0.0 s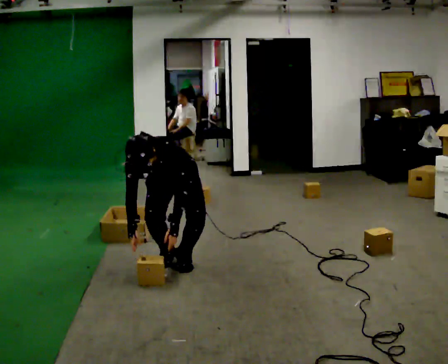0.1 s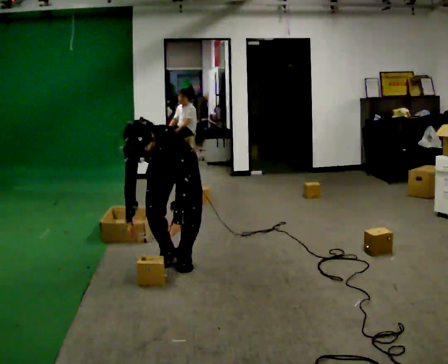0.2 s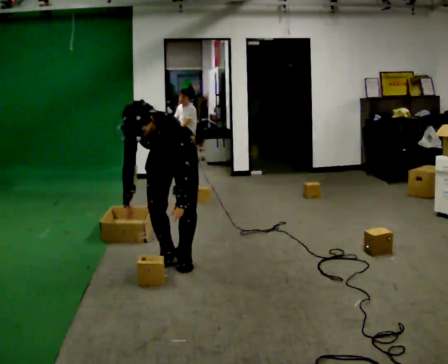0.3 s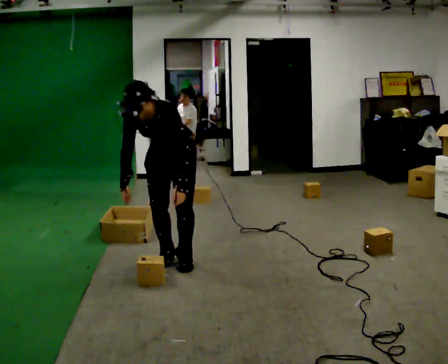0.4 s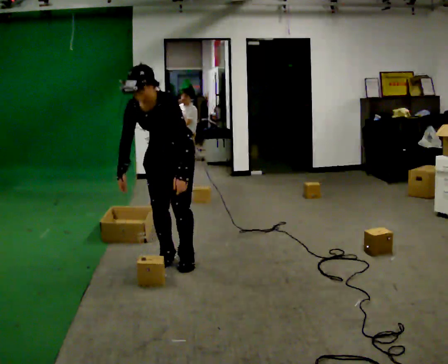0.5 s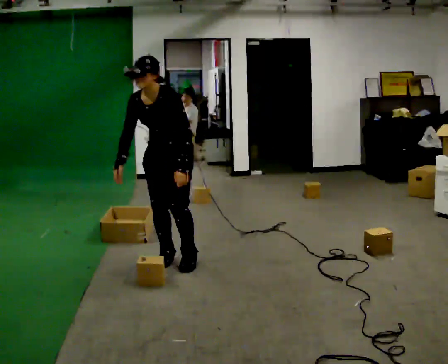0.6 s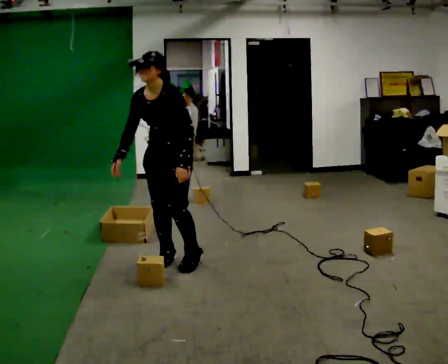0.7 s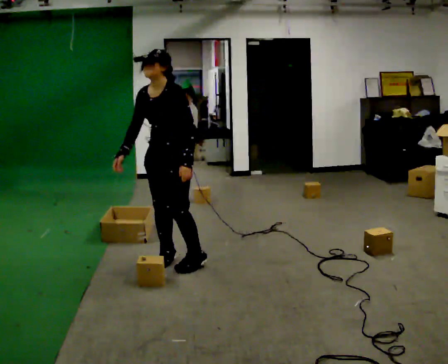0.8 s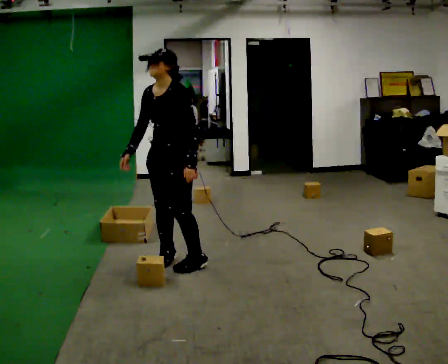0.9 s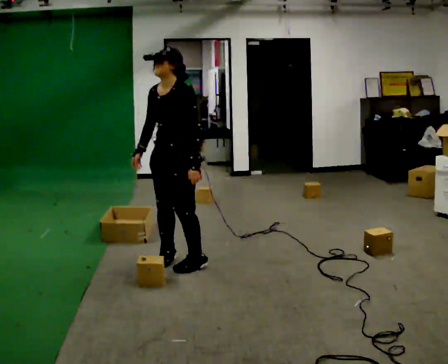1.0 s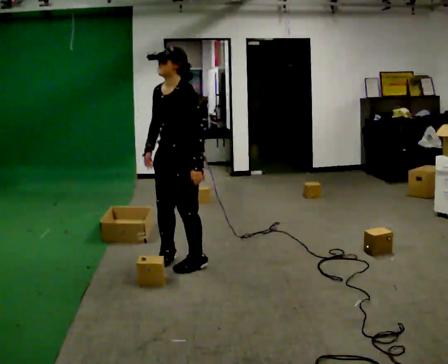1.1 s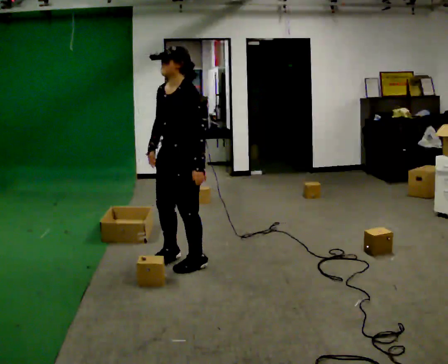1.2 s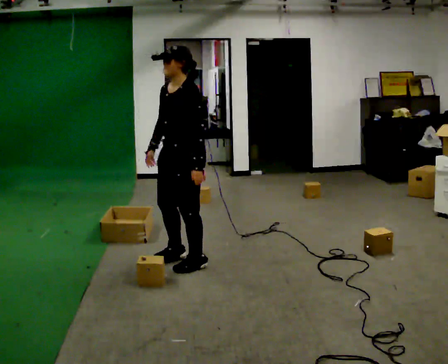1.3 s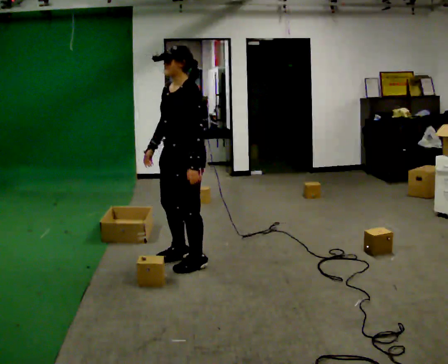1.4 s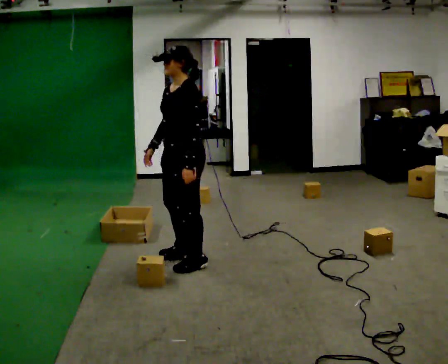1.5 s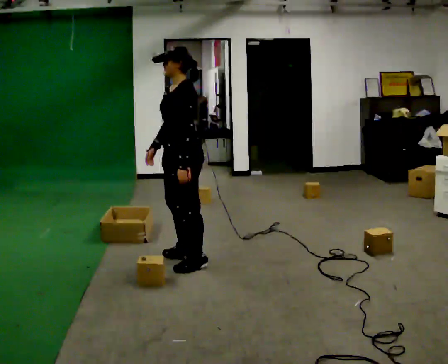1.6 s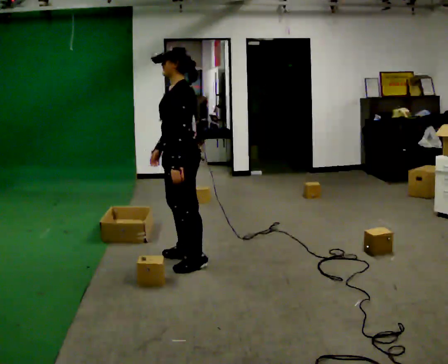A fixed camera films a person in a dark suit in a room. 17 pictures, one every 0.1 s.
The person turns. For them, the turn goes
to their right.
The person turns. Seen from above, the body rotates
clockwise.
0.0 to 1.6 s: The part of the body nearest the lens slides to the left as the person turns to their right by about 75 degrees. The shoulders move upward. The upper body tips away from the camera, its near side rolling upward, as they lean back or straighten. In the picture their right hand goes upward.
The film runs forward here.
